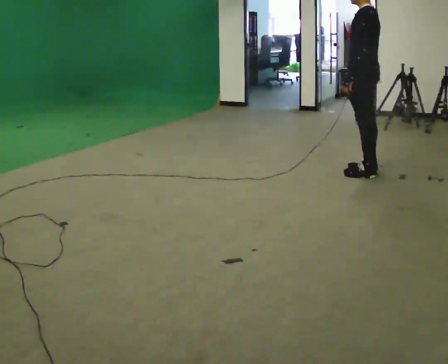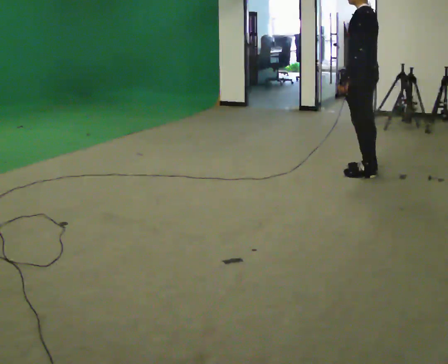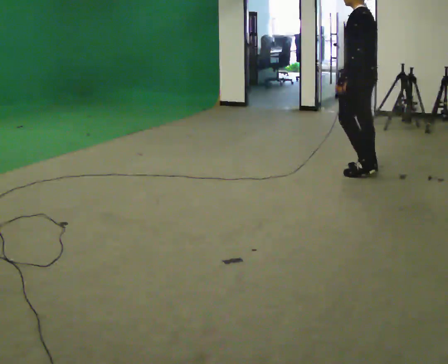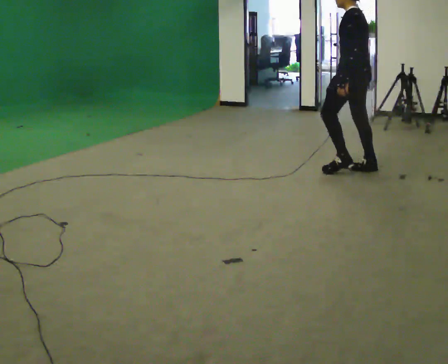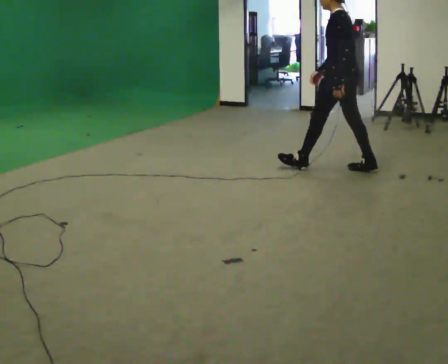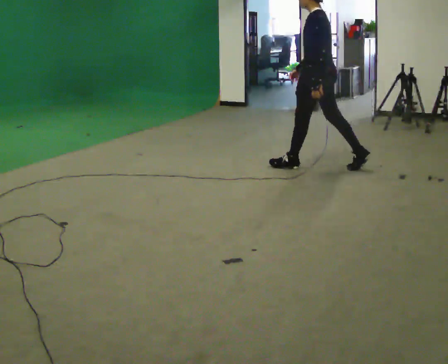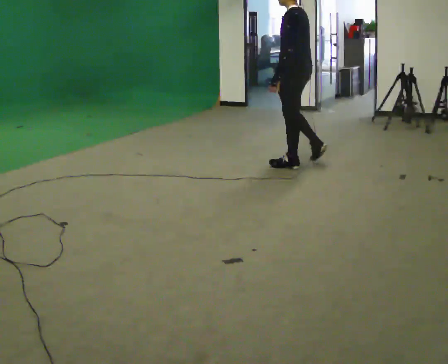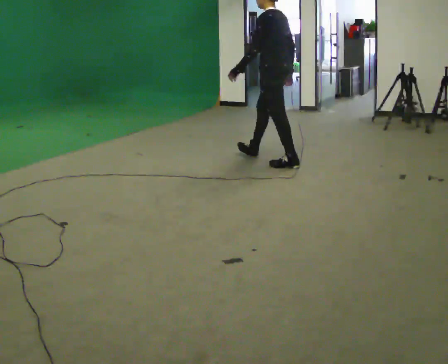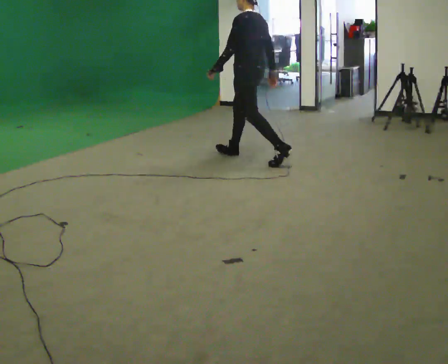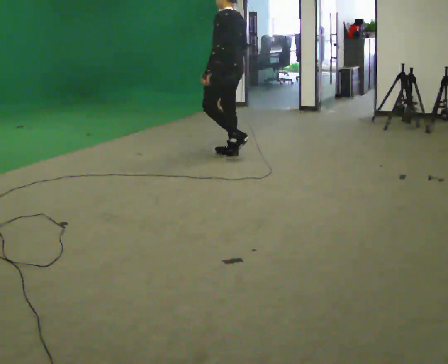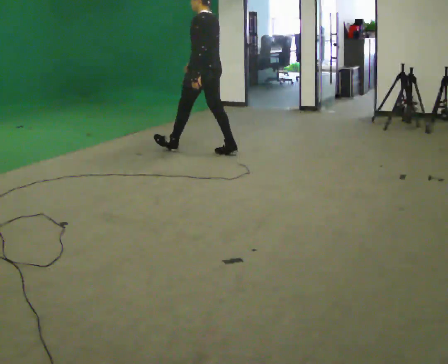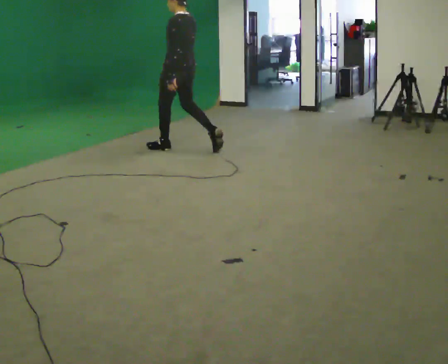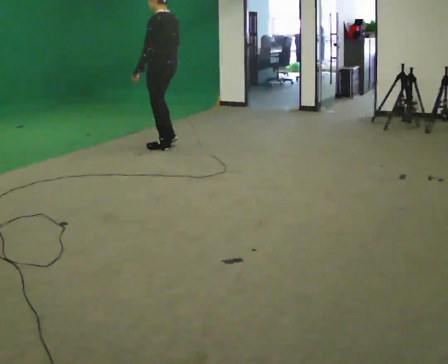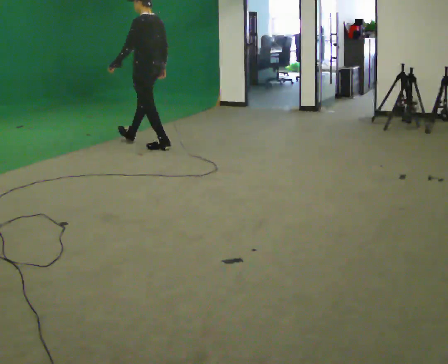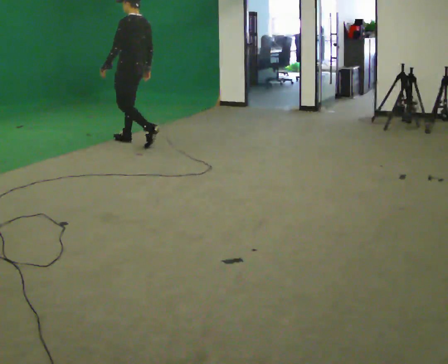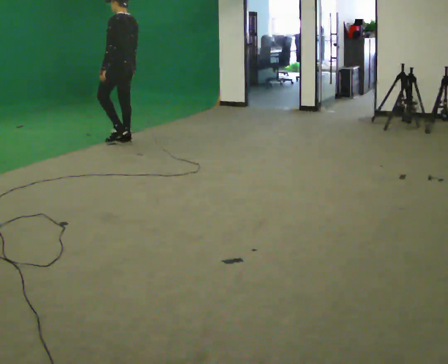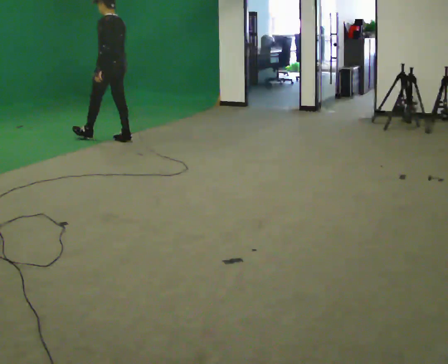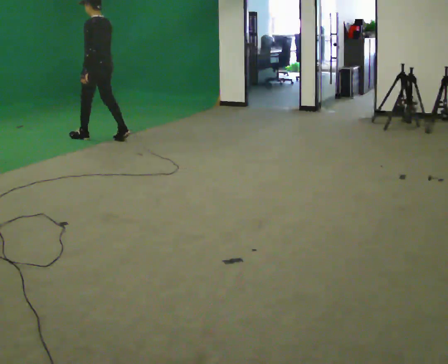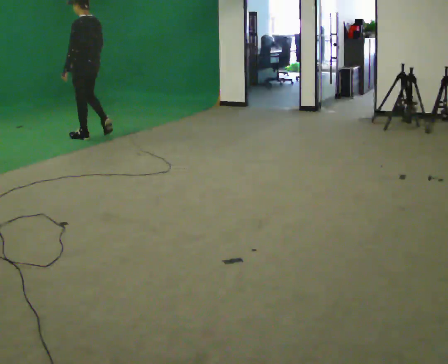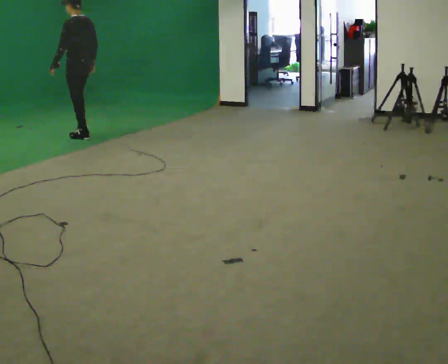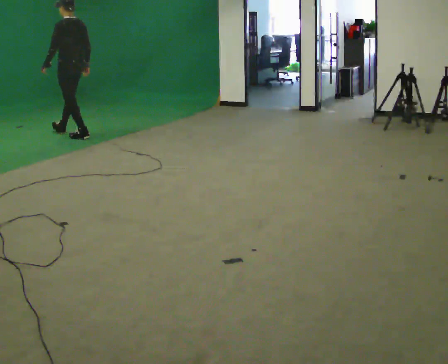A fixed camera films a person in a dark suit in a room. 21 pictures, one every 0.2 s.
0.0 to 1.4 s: In the picture they go to the left and away from the camera, about 1 m in 1 step, which for them is forward.
1.4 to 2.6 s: In the picture they go to the left and away from the camera, about 1.5 m in 2 steps, which for them is forward.
2.6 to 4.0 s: In the picture they go to the left and away from the camera, about 1 m in 2 steps, which for them is forward.
The film runs forward here.
